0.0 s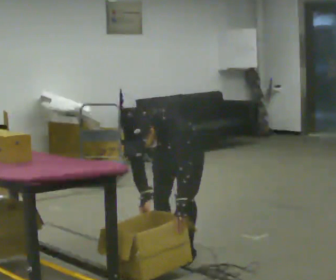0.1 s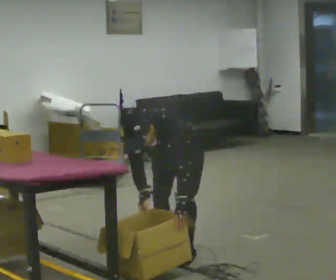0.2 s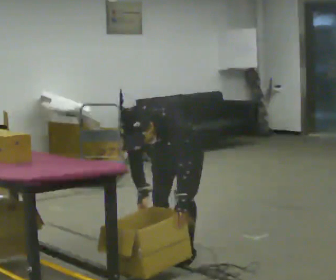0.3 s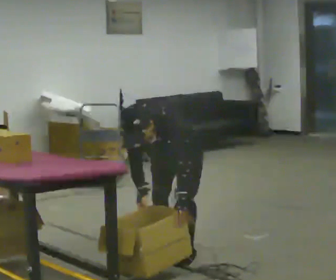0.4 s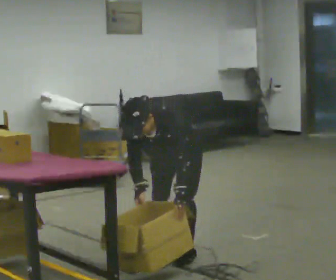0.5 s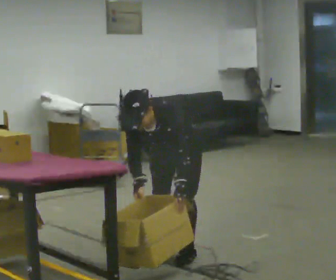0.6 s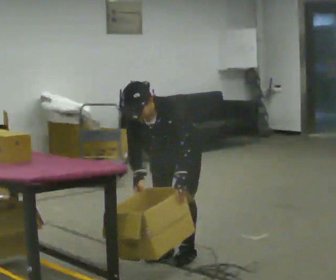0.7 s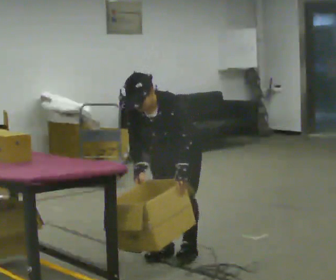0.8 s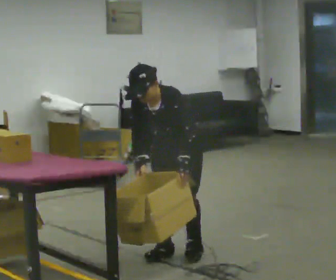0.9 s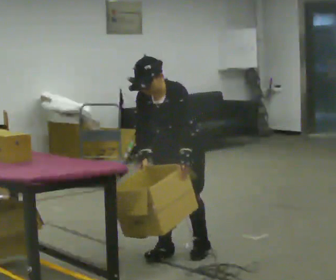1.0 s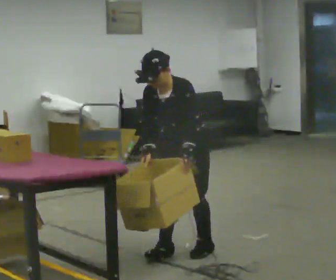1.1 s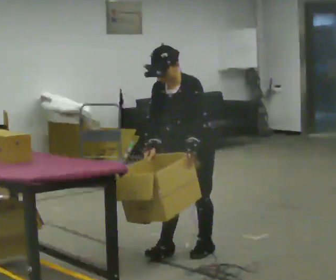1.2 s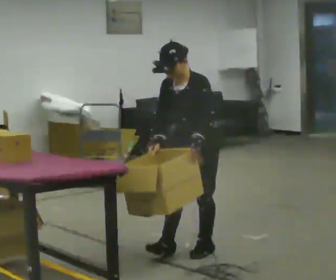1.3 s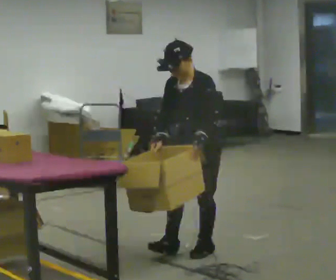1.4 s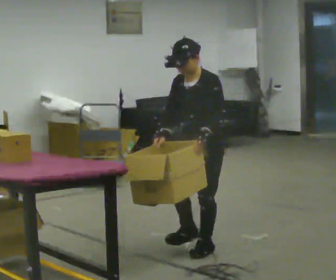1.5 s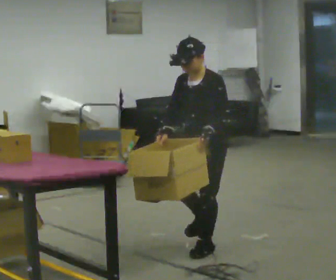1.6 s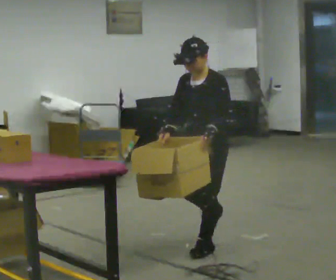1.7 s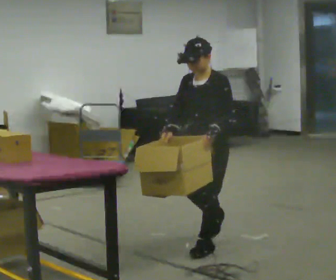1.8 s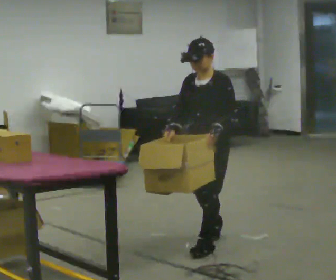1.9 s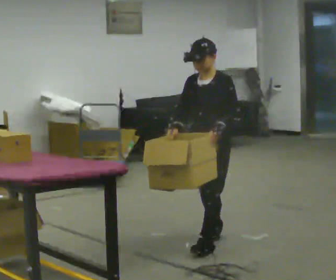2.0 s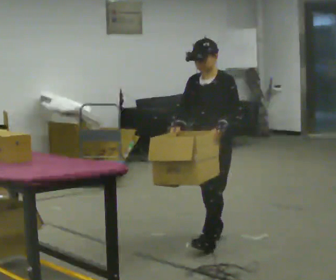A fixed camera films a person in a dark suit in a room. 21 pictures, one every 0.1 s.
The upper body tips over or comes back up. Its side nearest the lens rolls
upward.
Their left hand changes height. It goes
upward.
0.0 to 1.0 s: The shoulders move upward. The upper body tips away from the camera, its near side rolling upward, as they lean back or straighten.
1.0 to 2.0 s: In the picture they go to the right and away from the camera, about 0.25 m in 1 step, which for them is backward. The upper body tips away from the camera, its near side rolling upward, as they lean back or straighten.
The film runs backward here.
